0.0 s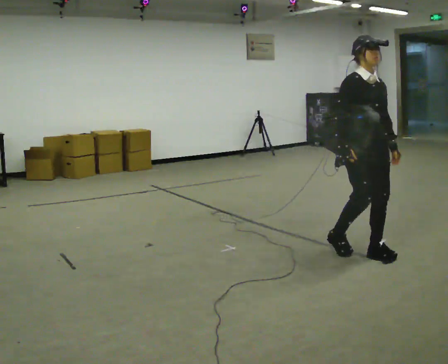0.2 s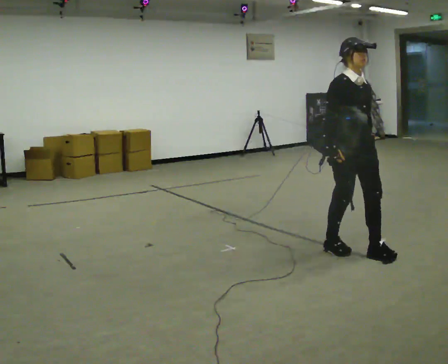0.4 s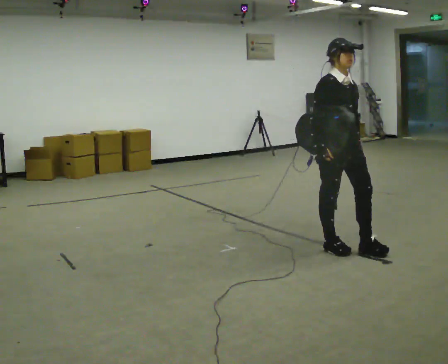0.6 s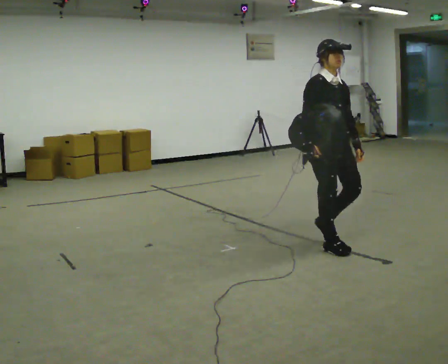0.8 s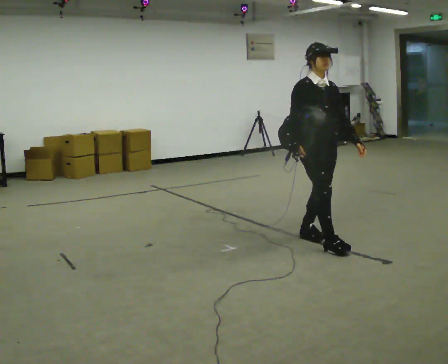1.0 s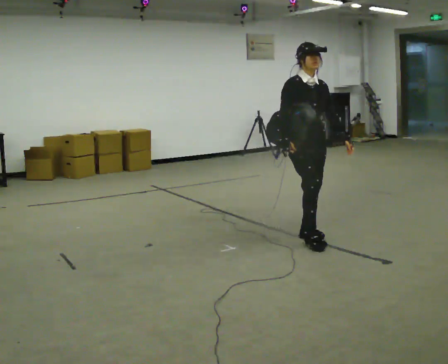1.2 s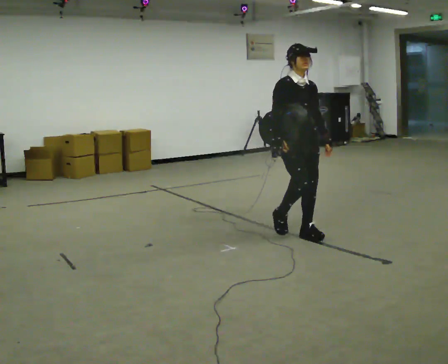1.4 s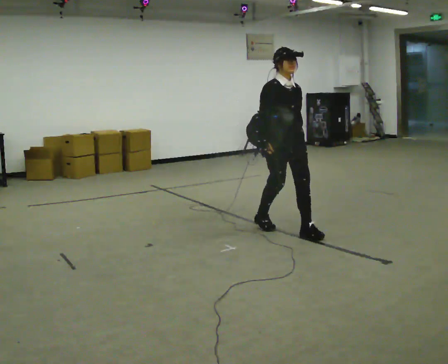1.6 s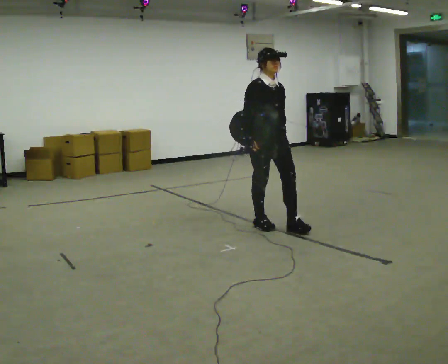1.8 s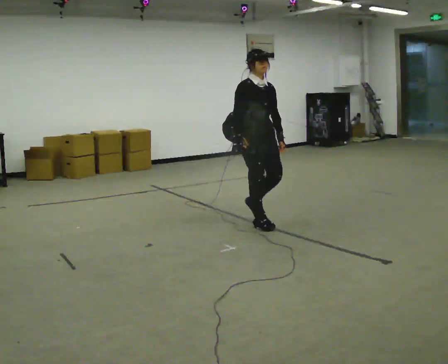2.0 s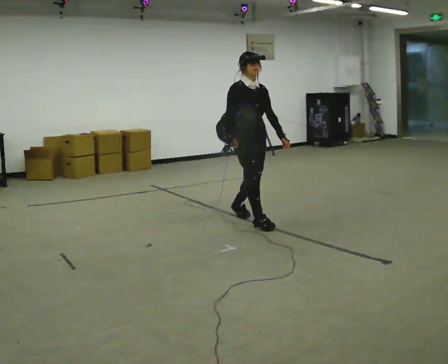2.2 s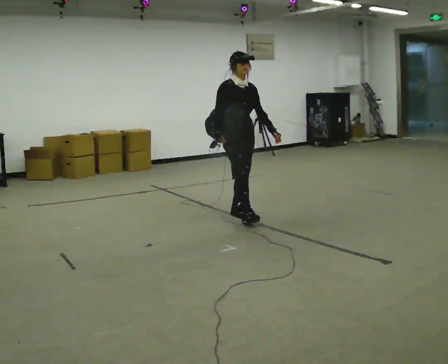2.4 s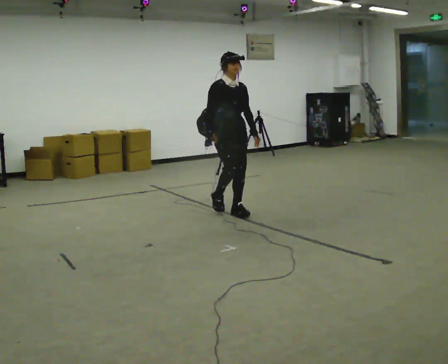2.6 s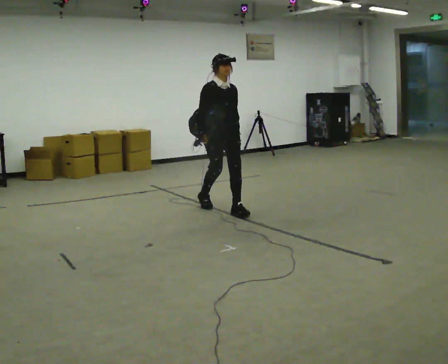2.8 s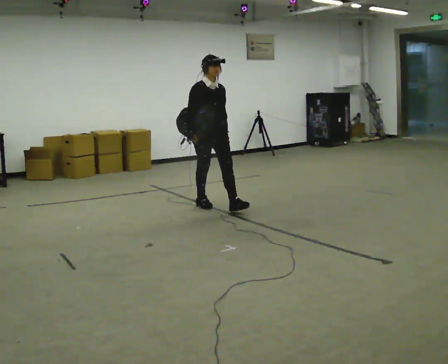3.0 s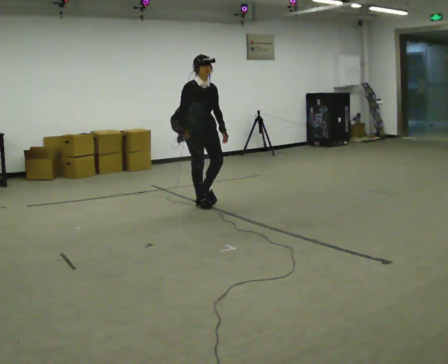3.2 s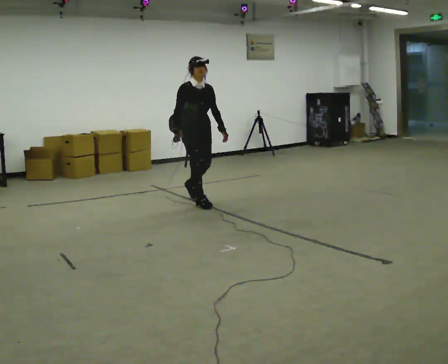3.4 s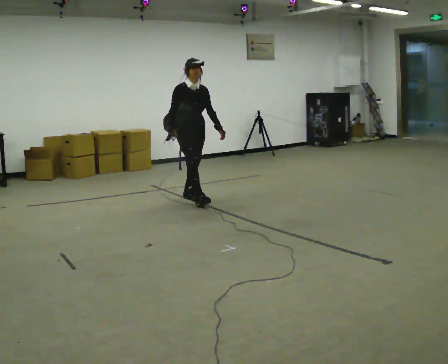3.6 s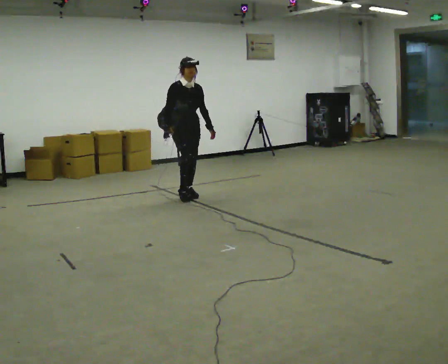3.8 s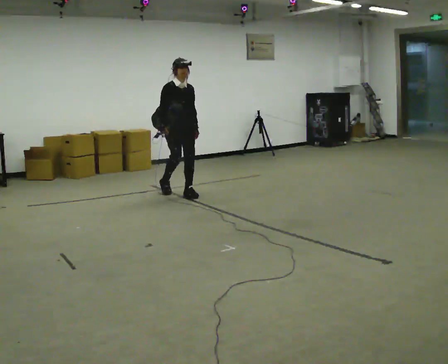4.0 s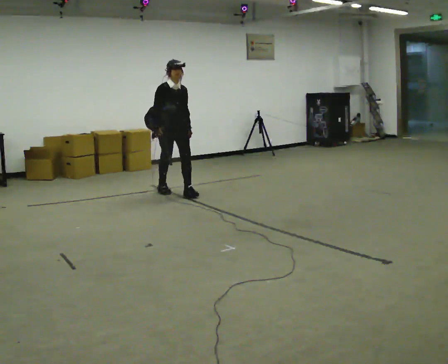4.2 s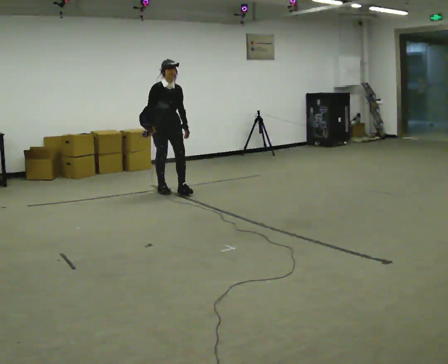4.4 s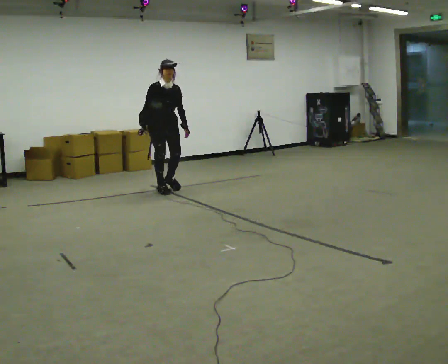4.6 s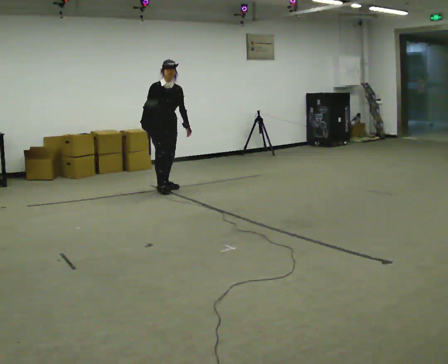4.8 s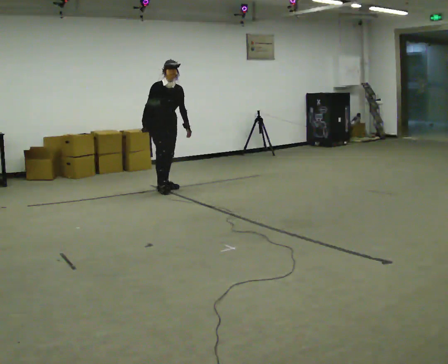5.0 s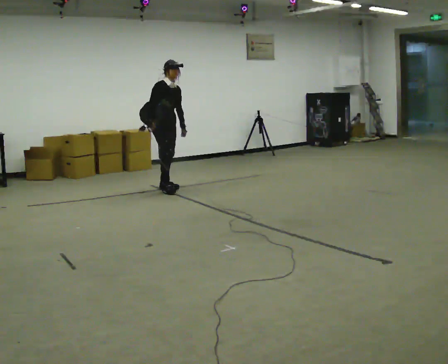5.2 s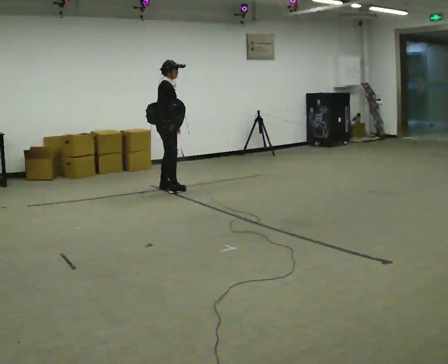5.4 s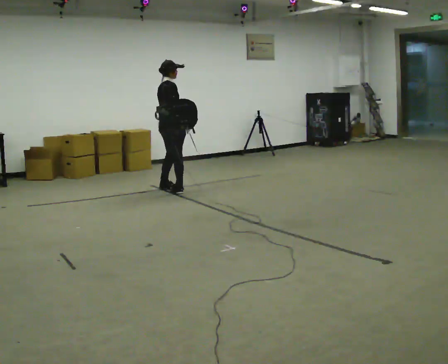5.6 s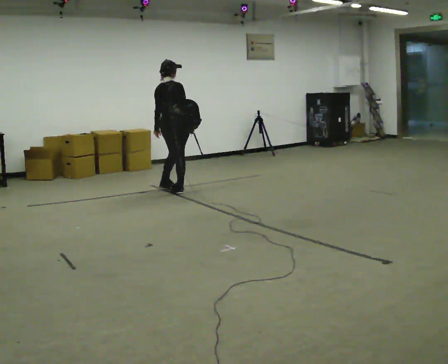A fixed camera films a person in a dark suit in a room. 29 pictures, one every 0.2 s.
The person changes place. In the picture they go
away from the camera.
0.0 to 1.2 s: In the picture they go away from the camera and to the left, about 0.5 m in 2 steps, which for them is backward.
1.2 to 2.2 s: In the picture they go away from the camera and to the left, about 1 m in 2 steps, which for them is backward.
2.2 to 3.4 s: In the picture they go away from the camera and to the left, about 1 m in 1 step, which for them is backward.
3.4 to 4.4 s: In the picture they go away from the camera and to the left, about 0.5 m in 2 steps, which for them is backward.
4.4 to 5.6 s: Seen from above the body turns counterclockwise, about 105 degrees: to their left, with its near side sliding to the right. In the picture their right hand goes to the right, the arm swinging counterclockwise.
The film runs backward here.
